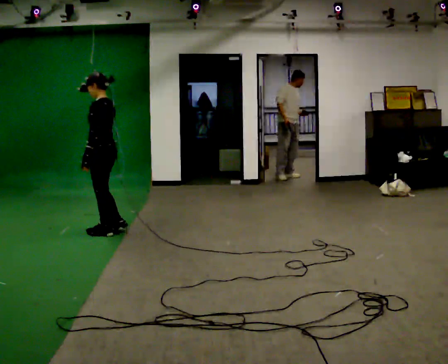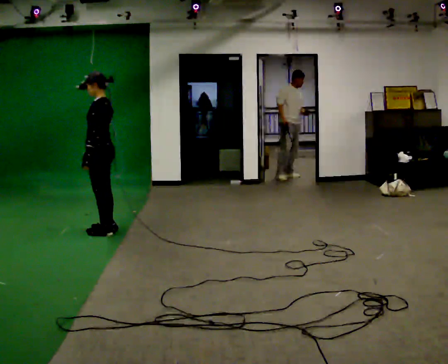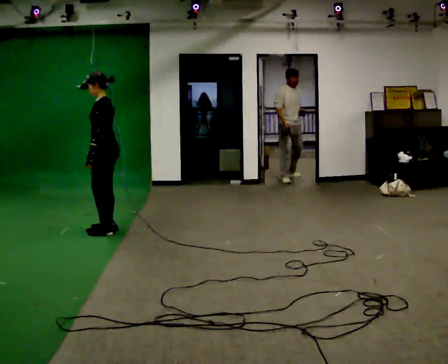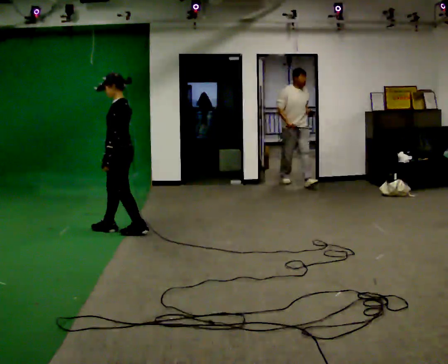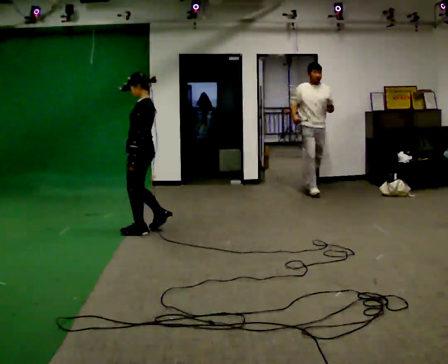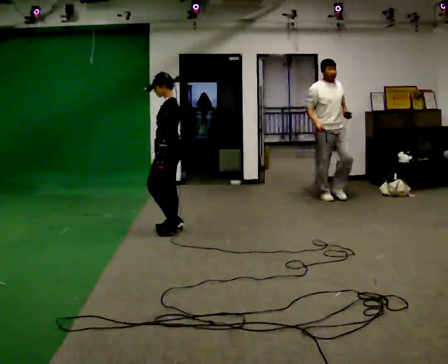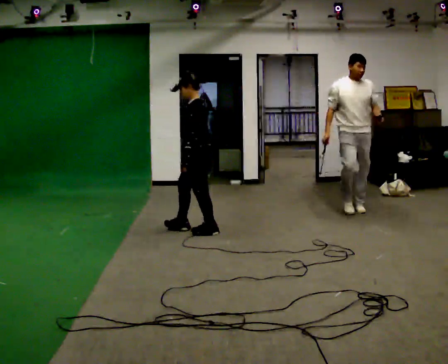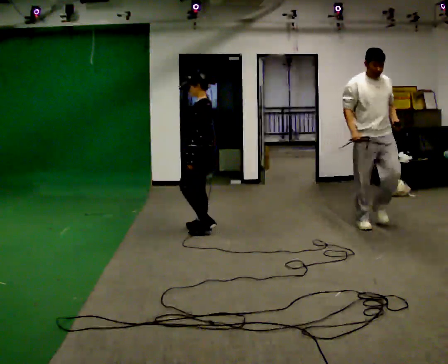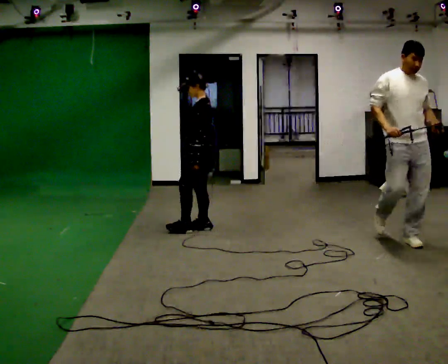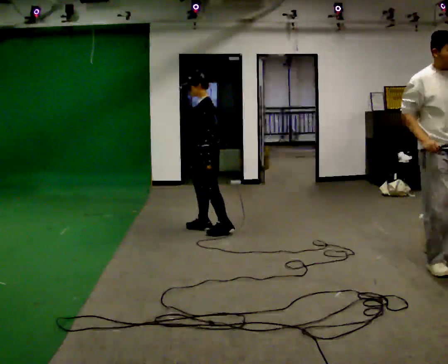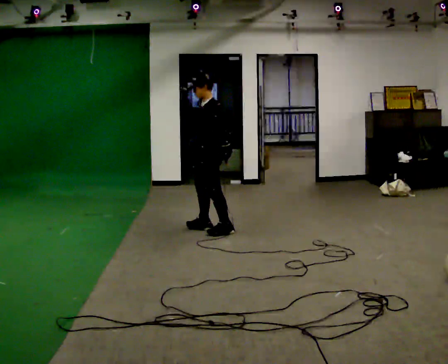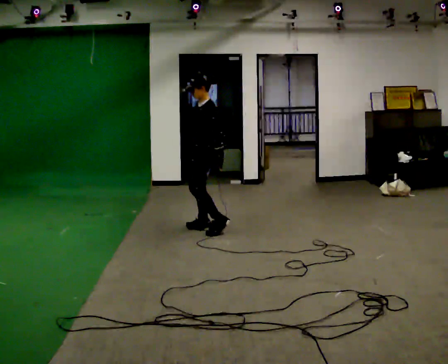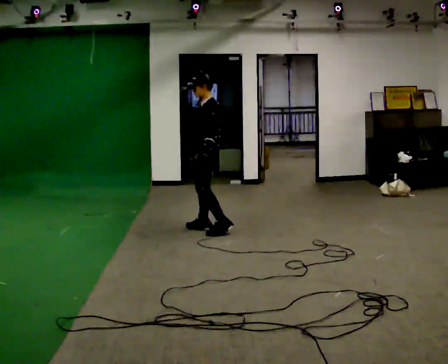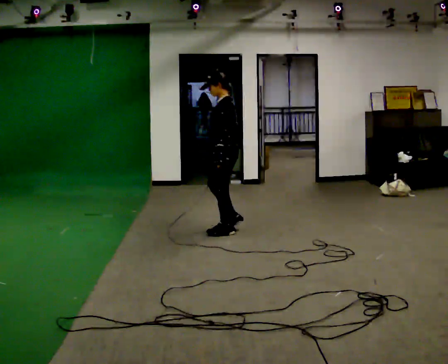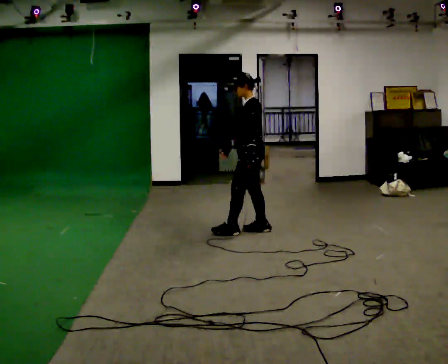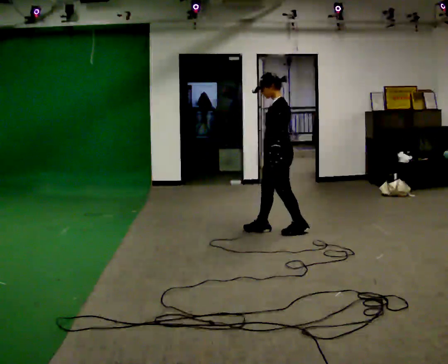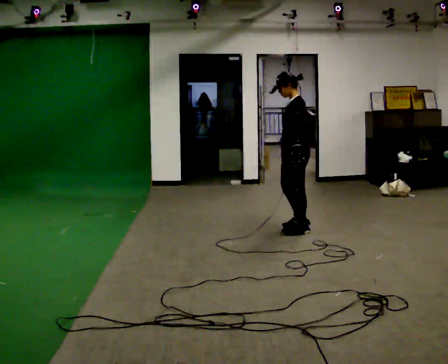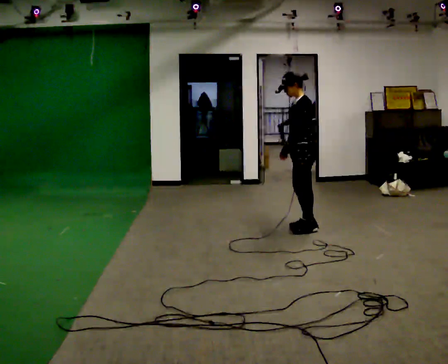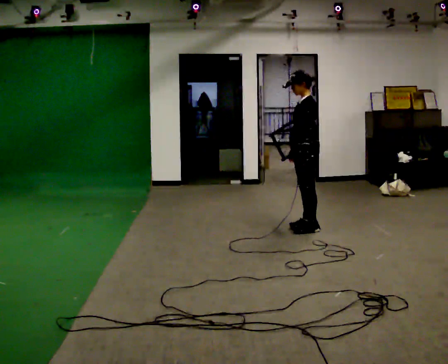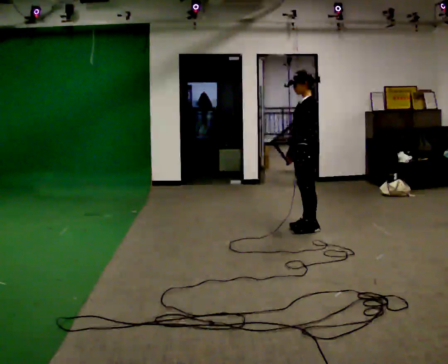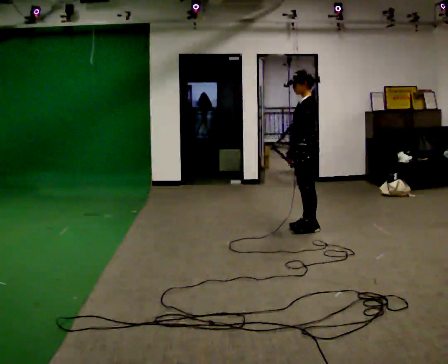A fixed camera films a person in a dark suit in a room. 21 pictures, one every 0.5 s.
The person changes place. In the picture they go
to the right.
0.0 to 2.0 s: In the picture they go to the right, about 0.5 m in 1 step, which for them is backward.
2.0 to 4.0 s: In the picture they go to the right, about 0.5 m in 3 steps, which for them is backward.
4.0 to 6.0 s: The person moves a little, or ends about where they began.
6.0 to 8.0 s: In the picture they go to the right, about 1 m in 2 steps, which for them is backward.
8.0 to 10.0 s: The person moves a little, or ends about where they began.
The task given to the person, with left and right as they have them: Walk backward slowly; stop.
The film runs forward here.
